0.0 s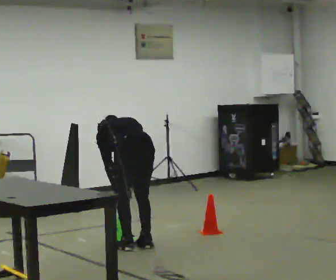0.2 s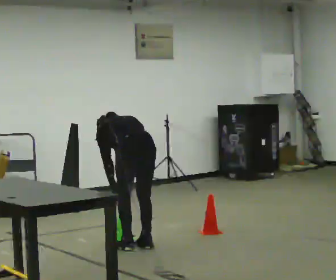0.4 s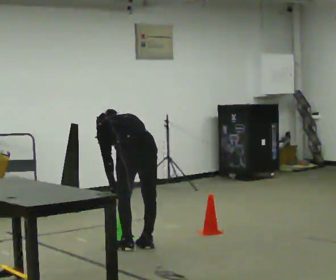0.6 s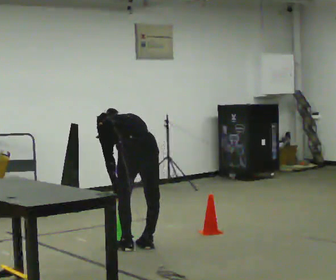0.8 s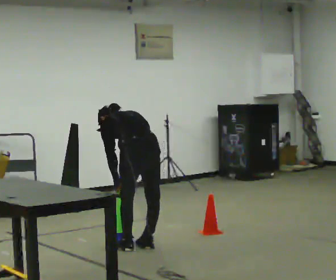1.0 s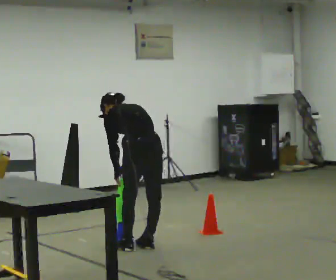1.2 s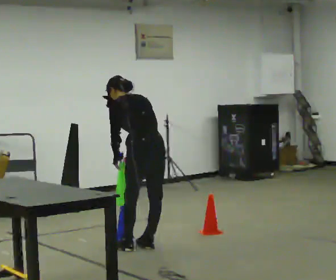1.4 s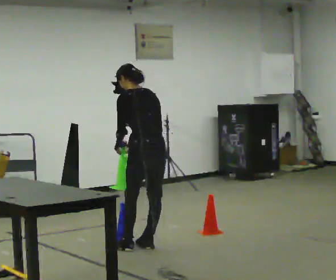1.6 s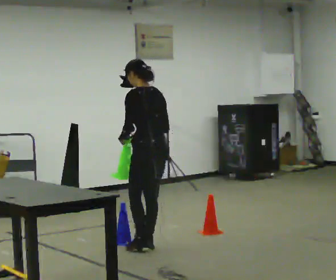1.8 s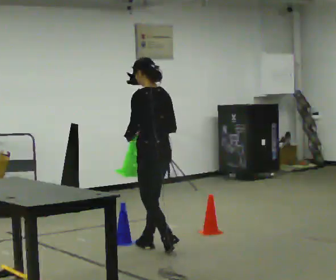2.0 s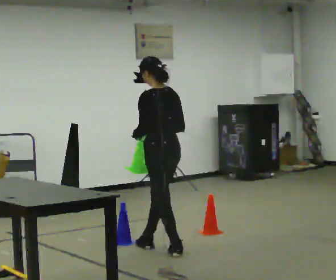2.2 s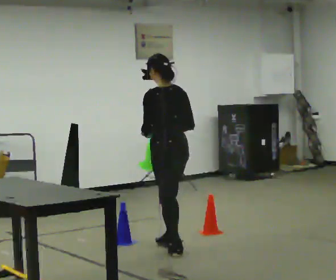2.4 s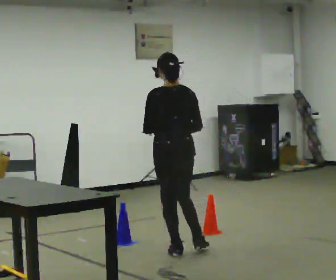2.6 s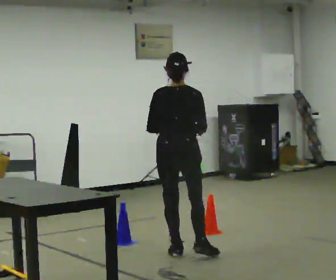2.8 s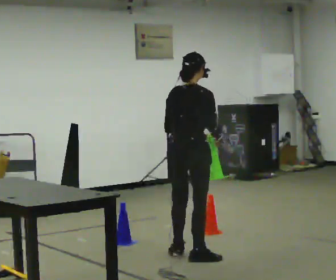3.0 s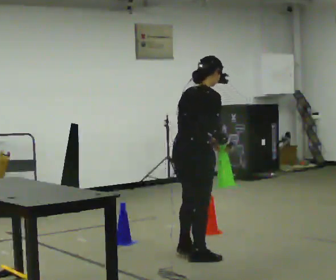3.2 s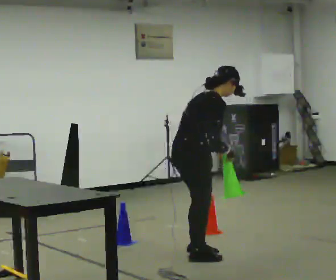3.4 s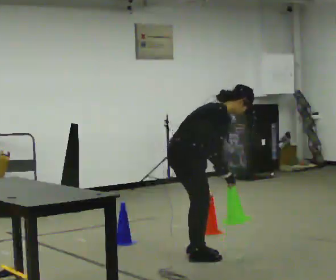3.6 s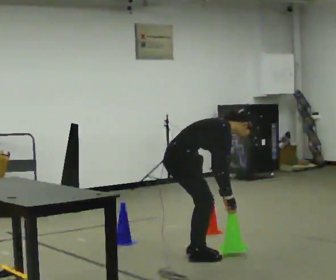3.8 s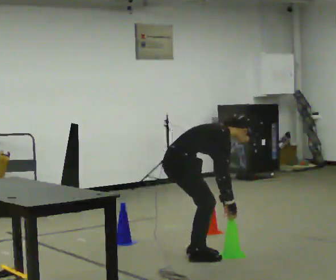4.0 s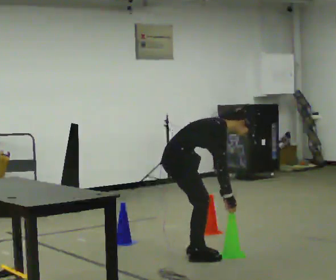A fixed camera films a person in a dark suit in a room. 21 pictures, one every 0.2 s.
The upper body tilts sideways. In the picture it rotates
clockwise.
0.0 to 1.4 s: The shoulders move upward. The upper body tips toward the camera, its near side rolling downward, as they lean back or straighten. In the picture their right hand goes upward.
1.4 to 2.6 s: The part of the body nearest the lens slides to the left as the person turns to their right by about 45 degrees. In the picture they go to the right and toward the camera, about 0.25 m in 2 steps, which for them is backward. The upper body tips toward the camera, its near side rolling downward, as they lean back or straighten.
2.6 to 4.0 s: The part of the body nearest the lens slides to the left as the person turns to their right by about 90 degrees. The upper body goes downward. In the picture the upper body tilts clockwise, shoulders to the right, as they bend forward. In the picture their right hand goes downward.
The film runs backward here.
